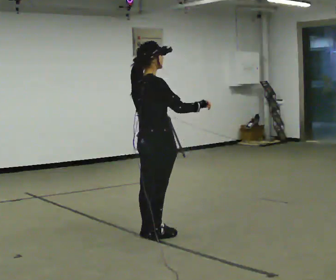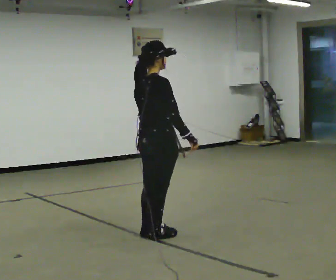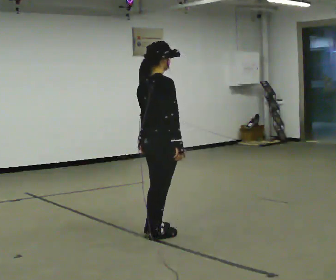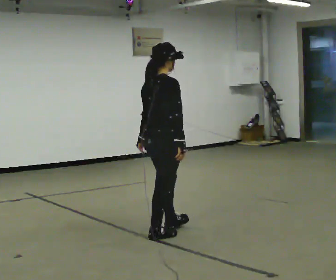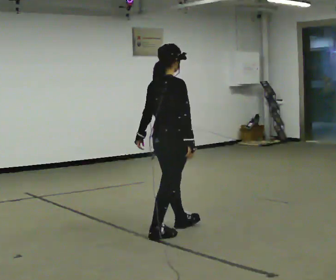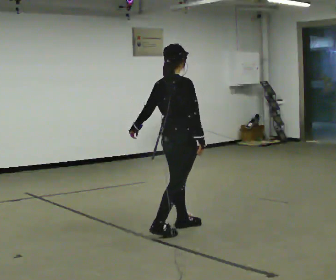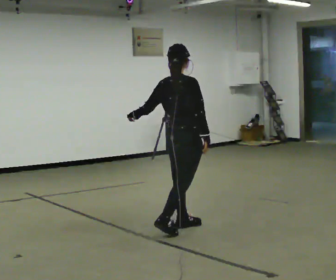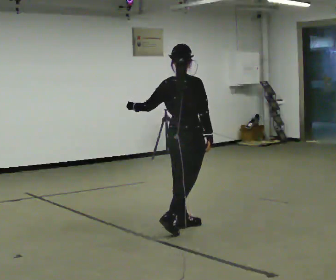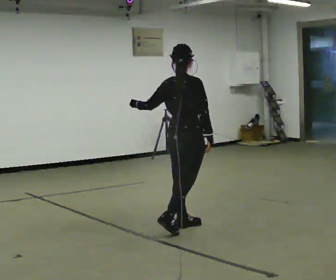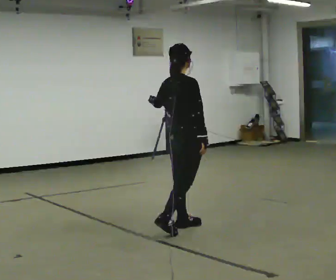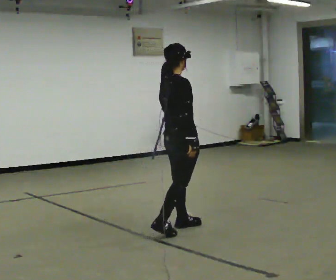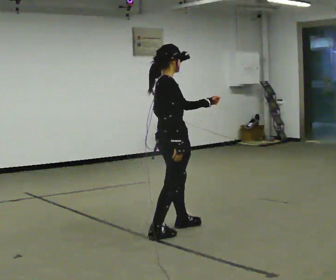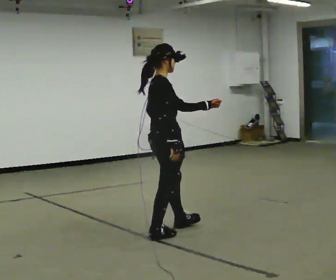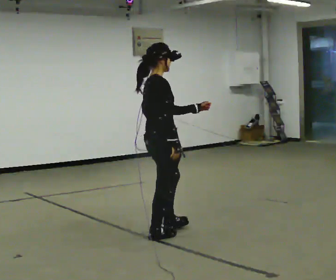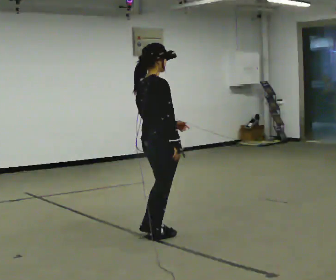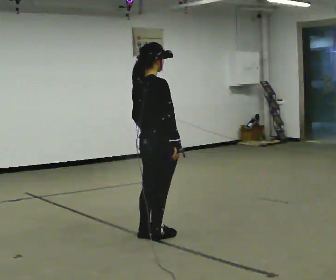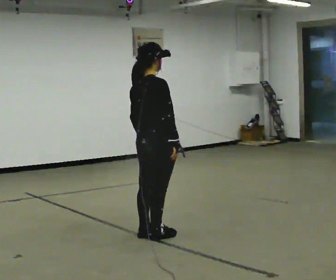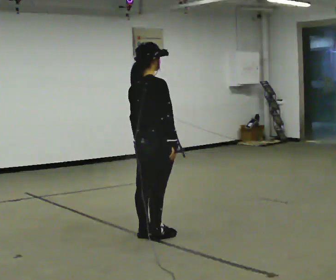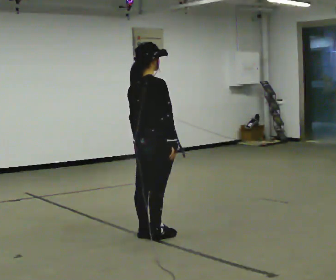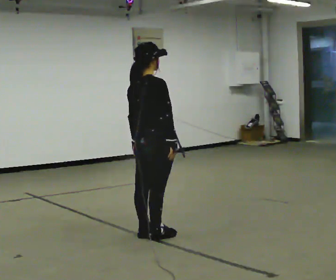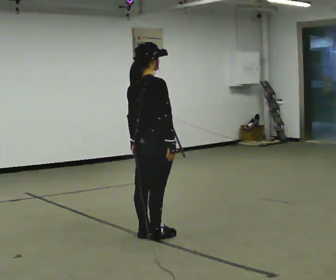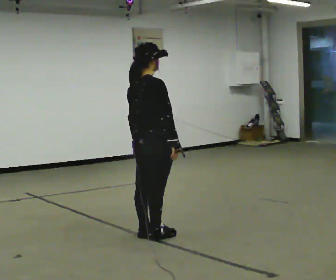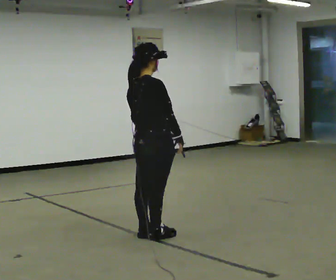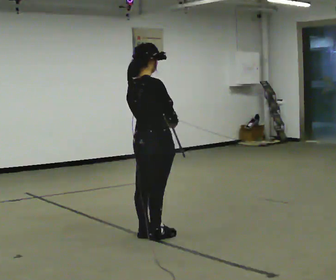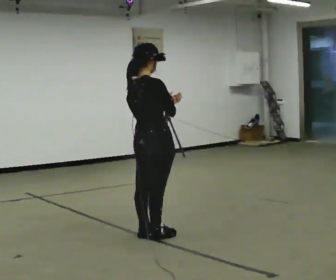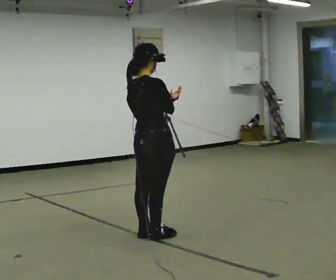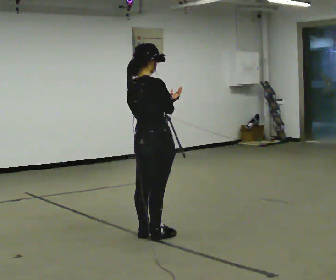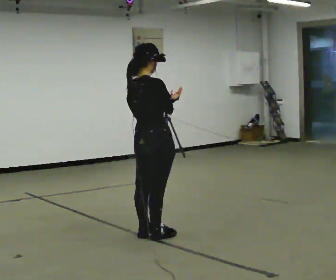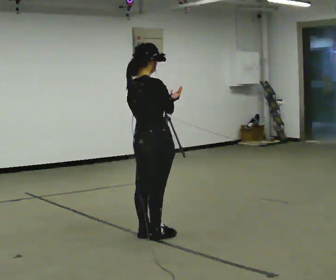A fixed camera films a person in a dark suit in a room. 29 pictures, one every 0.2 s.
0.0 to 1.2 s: In the picture they go to the right and away from the camera, about 0.25 m in 1 step, which for them is forward. In the picture their right hand goes downward, the arm swinging clockwise.
1.2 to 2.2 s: In the picture their left hand goes to the right.
2.2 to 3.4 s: In the picture they go to the left, about 0.25 m in 1 step, which for them is backward. In the picture their left hand goes to the left and downward, the arm swinging clockwise.
3.4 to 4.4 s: The person moves a little, or ends about where they began.
4.4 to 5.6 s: In the picture their right hand goes upward.
The film runs backward here.
